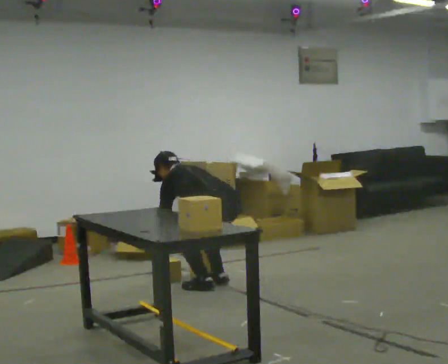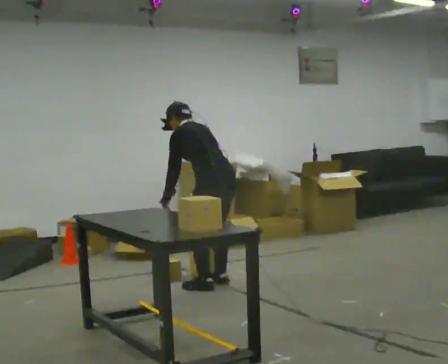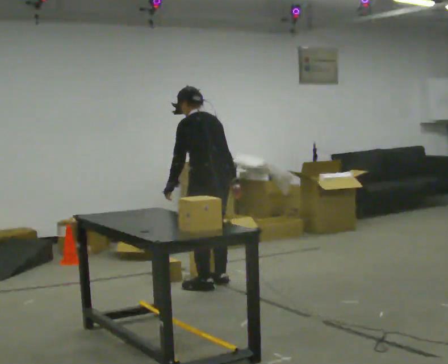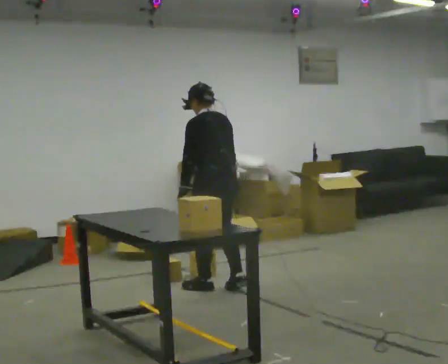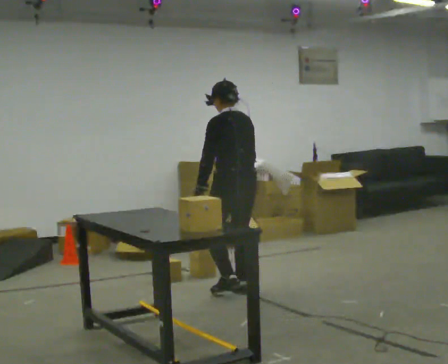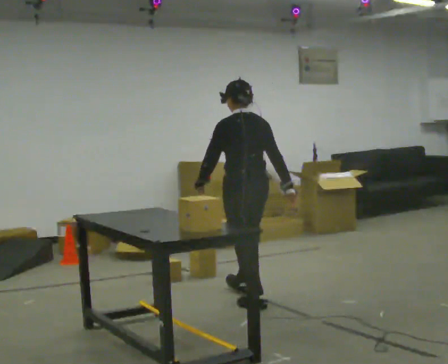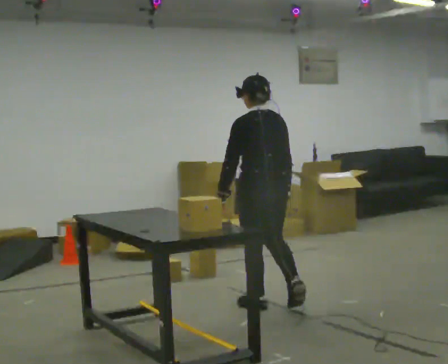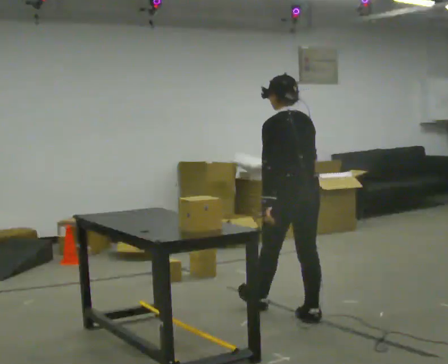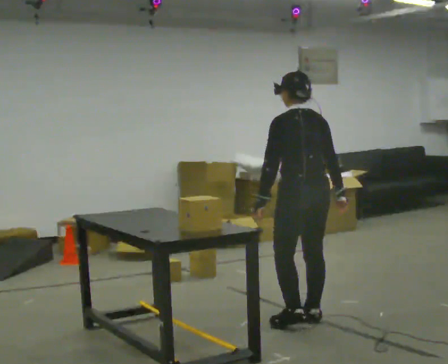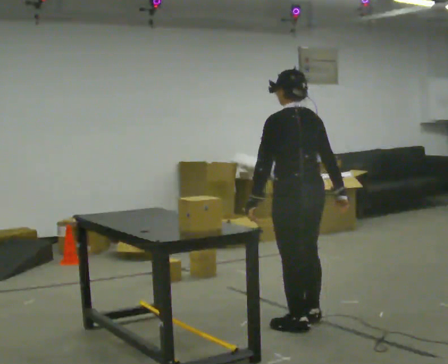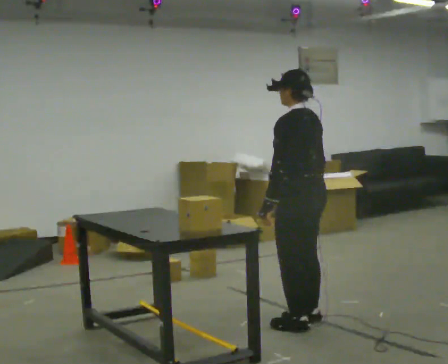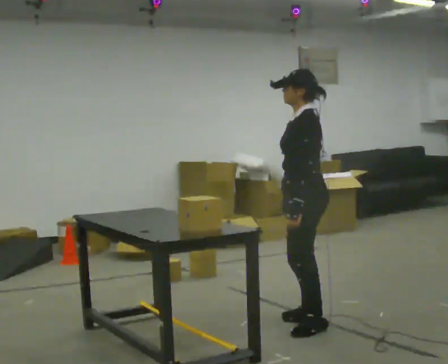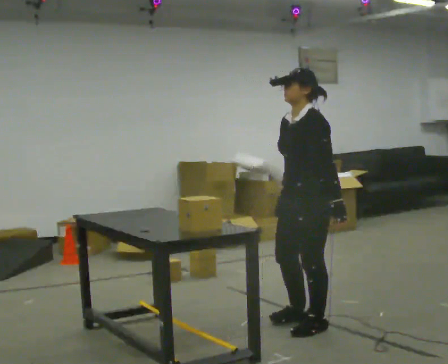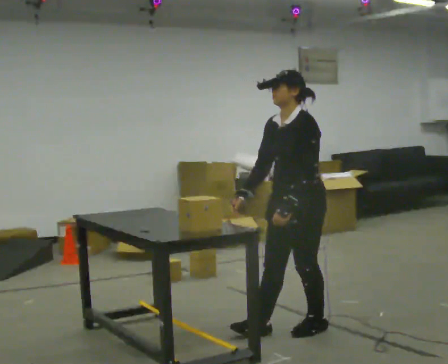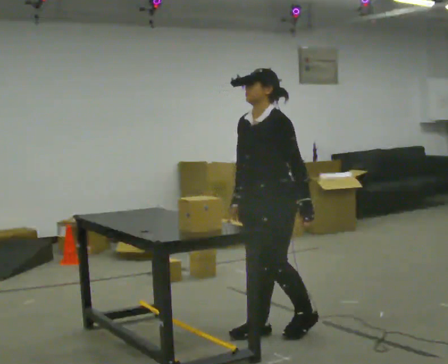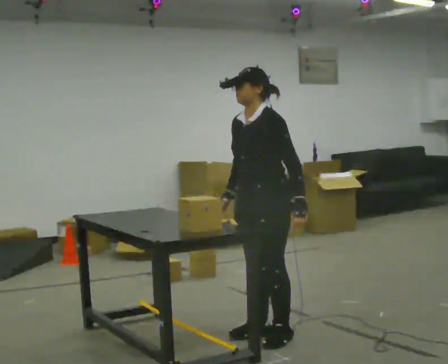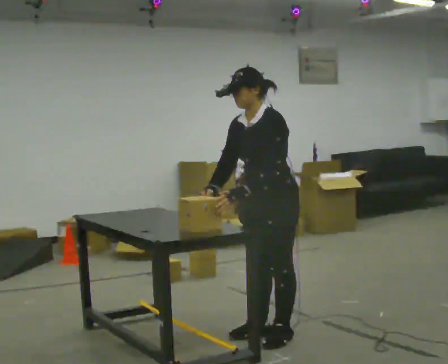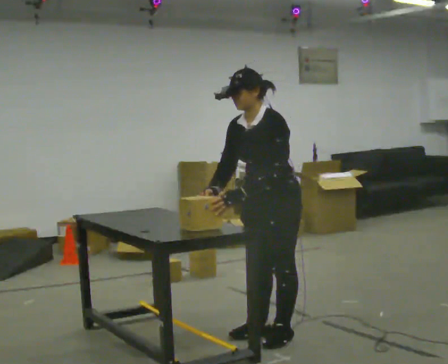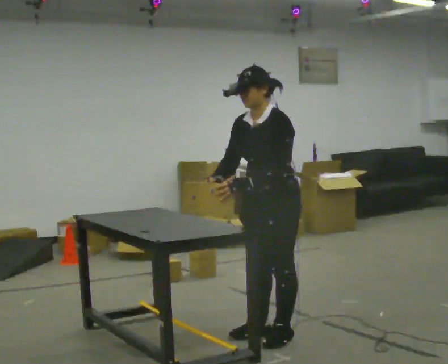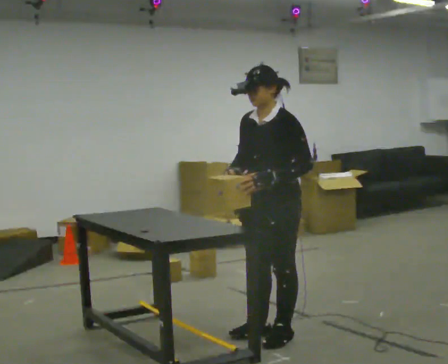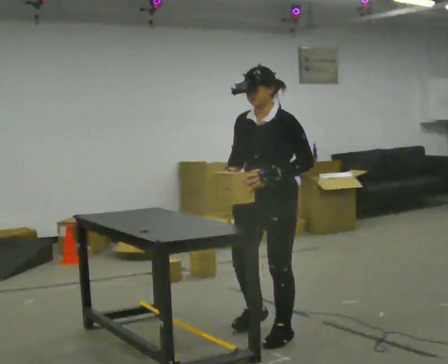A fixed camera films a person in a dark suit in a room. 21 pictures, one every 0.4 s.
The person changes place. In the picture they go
toward the camera.
The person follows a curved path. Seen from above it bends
clockwise.
0.0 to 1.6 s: In the picture they go toward the camera, about 0.25 m in 2 steps, which for them is backward. The upper body goes upward. In the picture the upper body tilts clockwise, shoulders to the right, as they lean back or straighten. In the picture their right hand goes to the right and upward.
1.6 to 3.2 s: In the picture they go toward the camera and to the right, about 1 m in 2 steps, which for them is backward.
3.2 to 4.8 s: The person turns about 75 degrees to their left, counterclockwise seen from above, so the part of the body nearest the lens slides to the right. In the picture they go toward the camera, about 0.25 m in 1 step. In the picture their left hand goes to the right, the arm swinging counterclockwise.
4.8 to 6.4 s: In the picture they go to the left, about 0.25 m in 1 step, which for them is forward.
6.4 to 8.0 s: The person moves a little, or ends about where they began.
The film runs backward here.
